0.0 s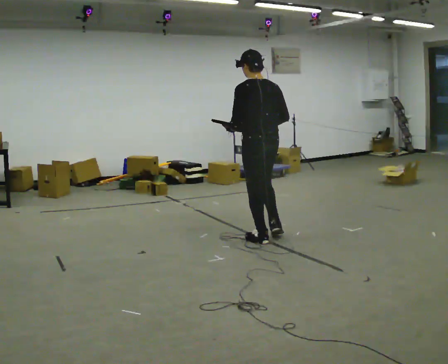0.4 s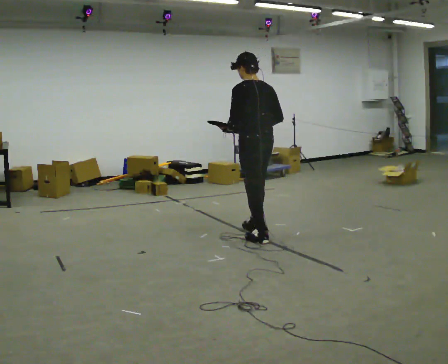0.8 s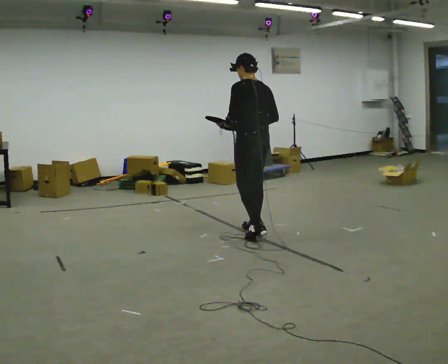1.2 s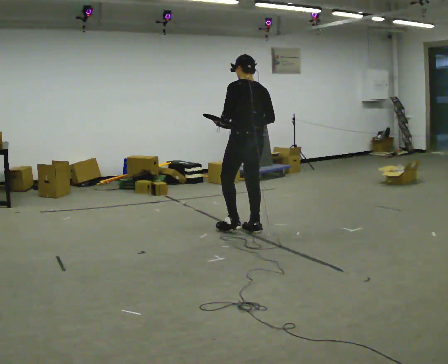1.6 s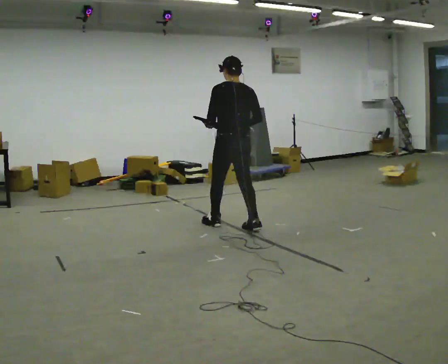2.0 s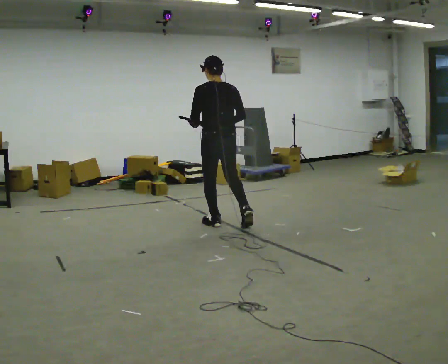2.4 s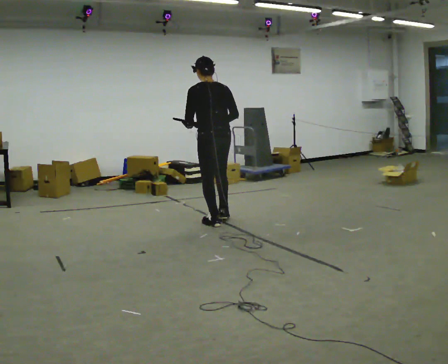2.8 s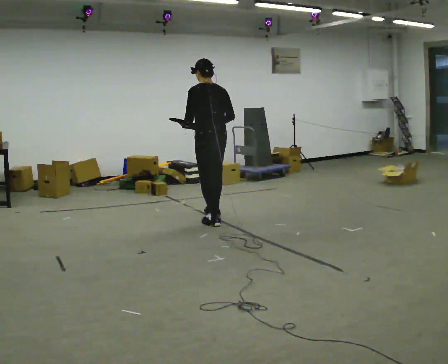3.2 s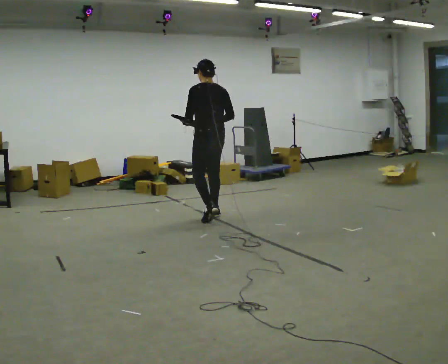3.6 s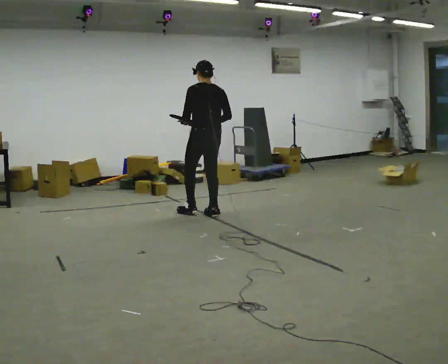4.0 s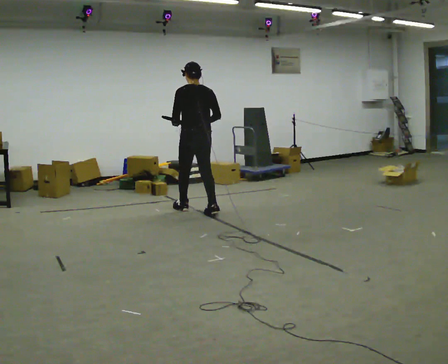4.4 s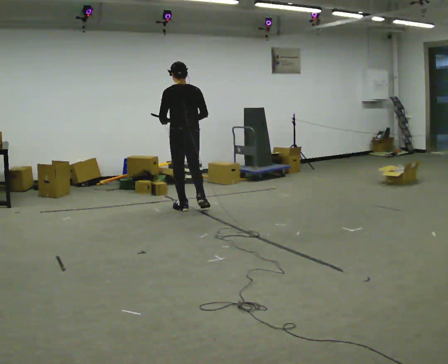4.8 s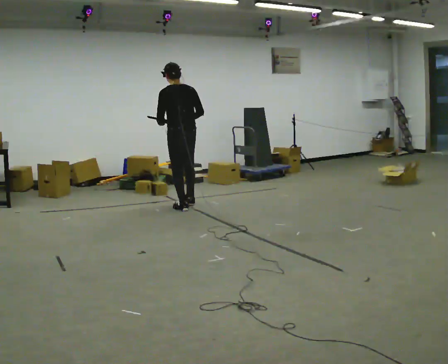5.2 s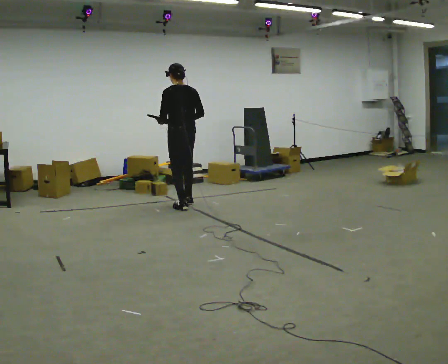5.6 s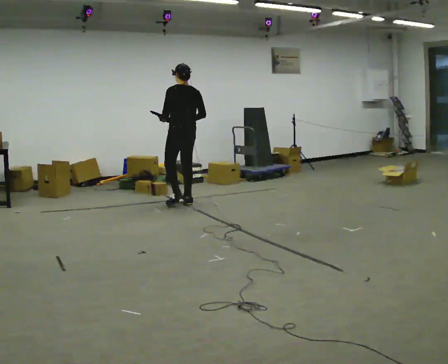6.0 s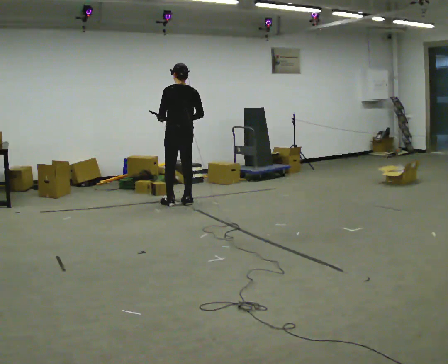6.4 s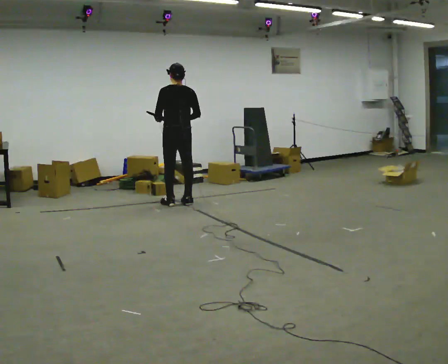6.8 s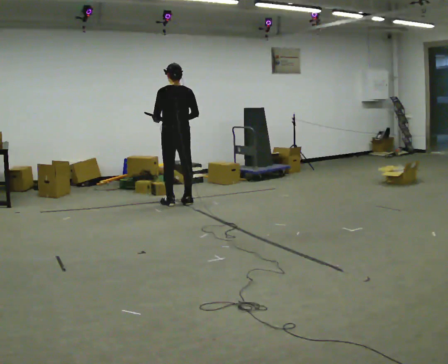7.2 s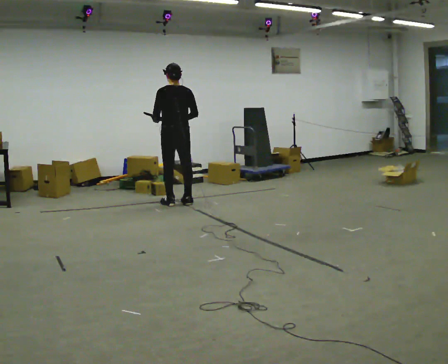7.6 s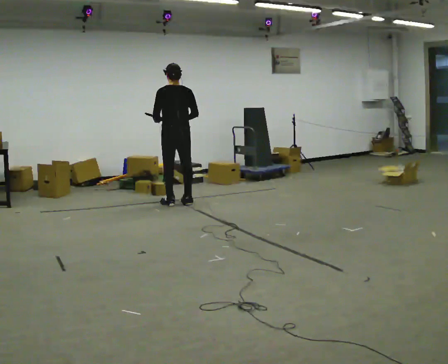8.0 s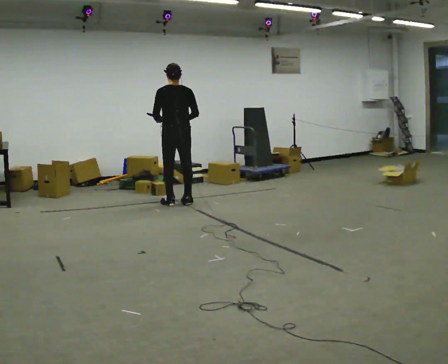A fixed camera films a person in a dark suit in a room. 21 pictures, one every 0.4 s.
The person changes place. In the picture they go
away from the camera.
0.0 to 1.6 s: In the picture they go away from the camera and to the left, about 0.5 m in 2 steps, which for them is forward.
1.6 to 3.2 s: In the picture they go away from the camera and to the left, about 0.5 m in 1 step, which for them is forward.
3.2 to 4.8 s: In the picture they go away from the camera and to the left, about 0.5 m in 1 step, which for them is forward and to their left.
4.8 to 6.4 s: In the picture they go away from the camera, about 0.25 m in 2 steps, which for them is forward.
6.4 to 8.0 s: The person moves a little, or ends about where they began.
The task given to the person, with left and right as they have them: Carry the object across the room. The lid hangs loose and will swing, so carry it however works. Keep going until the operator says stop; one object at a time, and do not rush between trips.
The film runs forward here.
